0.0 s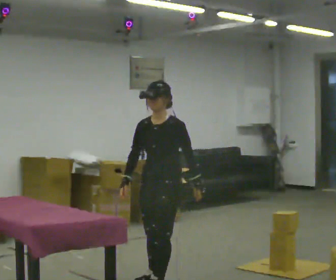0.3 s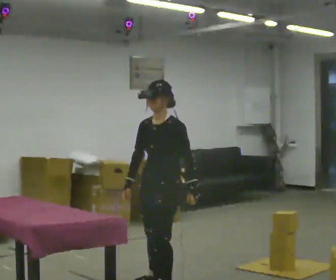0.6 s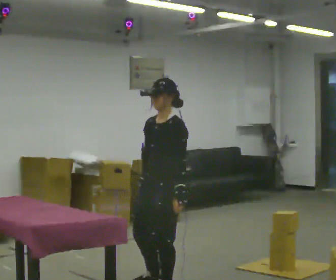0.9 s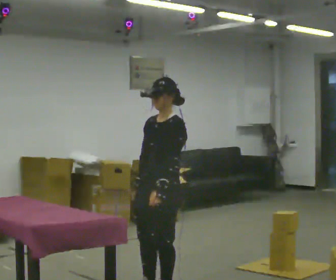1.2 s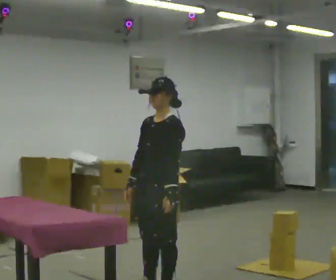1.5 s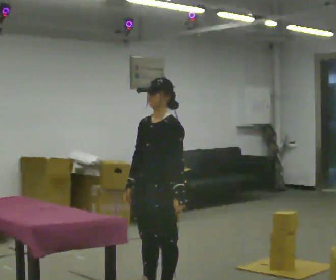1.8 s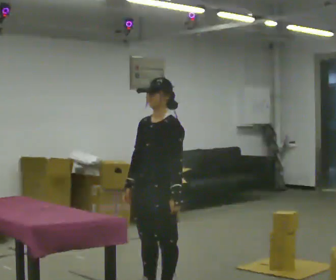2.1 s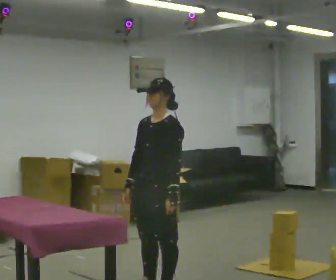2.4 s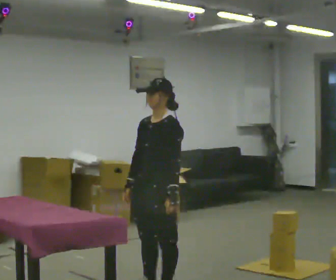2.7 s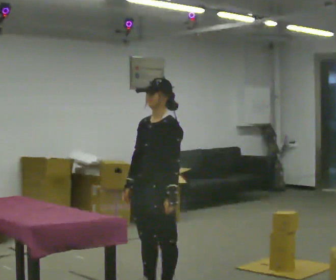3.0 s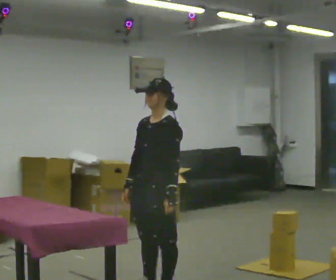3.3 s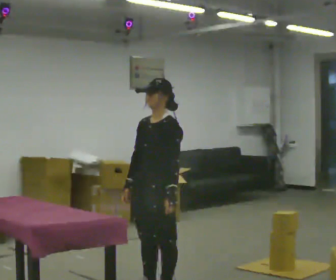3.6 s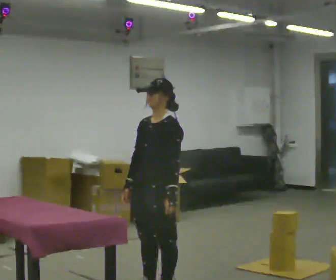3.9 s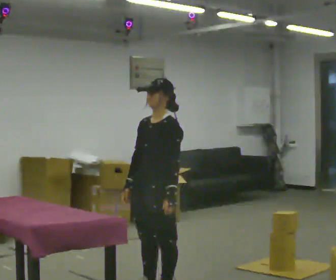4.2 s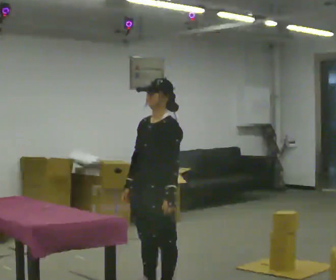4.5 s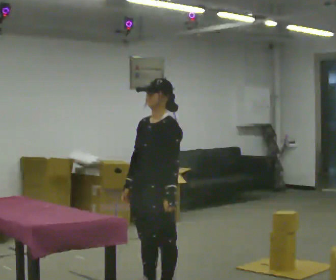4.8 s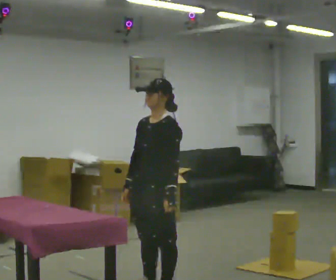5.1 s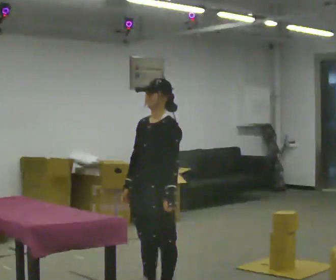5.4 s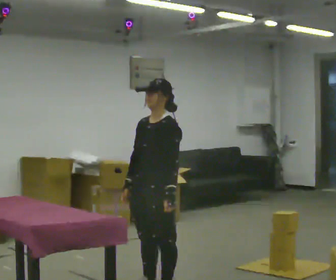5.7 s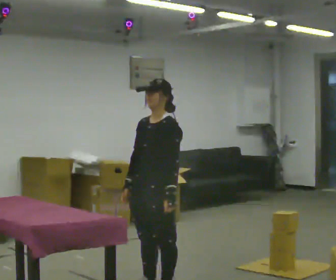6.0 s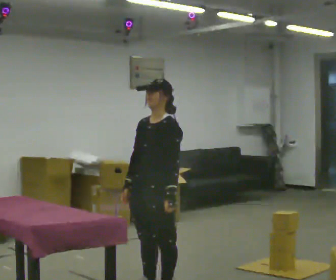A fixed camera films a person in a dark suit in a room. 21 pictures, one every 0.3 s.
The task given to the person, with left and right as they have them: Take each object from the table and put it in the bin that matches it, walking between the bins. Keep going until the operator says stop; one object at a time, and do not rush between trips.
0.0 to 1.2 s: In the picture they go toward the camera, about 0.25 m in 1 step, which for them is to their left and forward.
1.2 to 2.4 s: The person moves a little, or ends about where they began.
2.4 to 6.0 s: The person keeps their place and pose.
The film runs forward here.
